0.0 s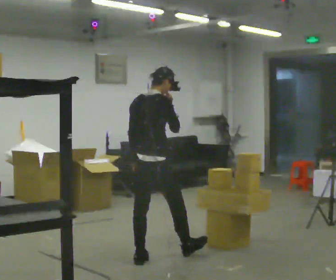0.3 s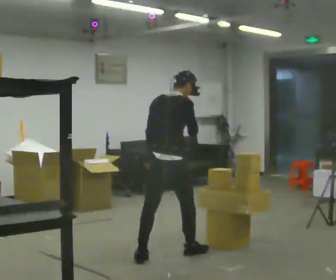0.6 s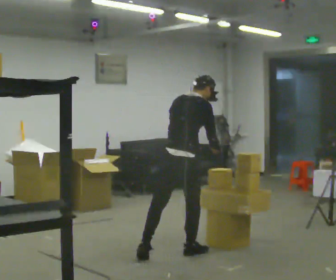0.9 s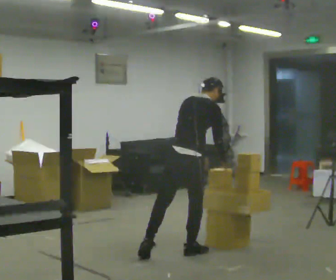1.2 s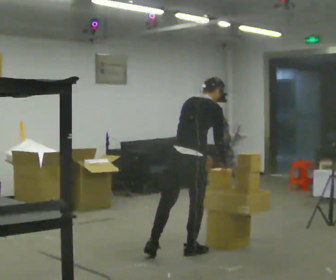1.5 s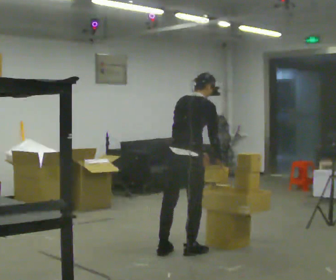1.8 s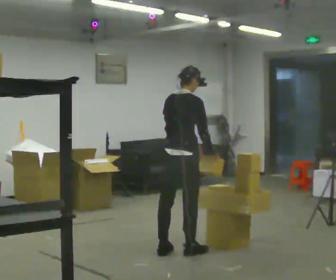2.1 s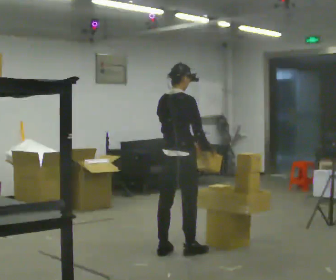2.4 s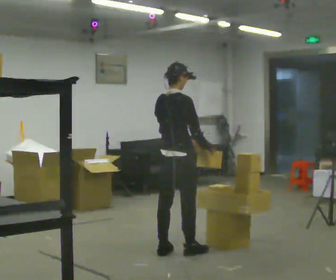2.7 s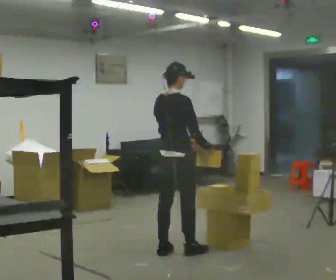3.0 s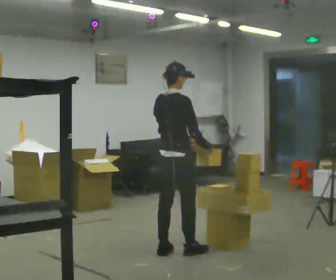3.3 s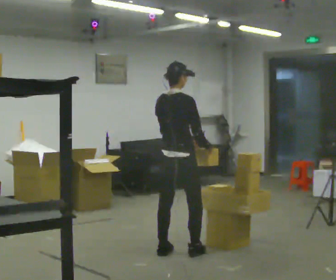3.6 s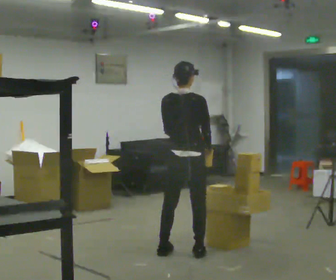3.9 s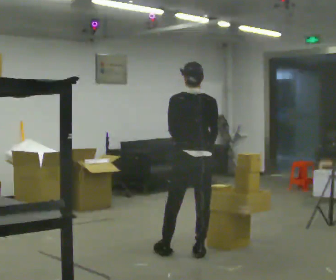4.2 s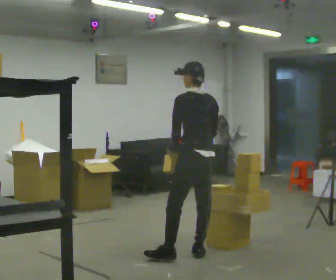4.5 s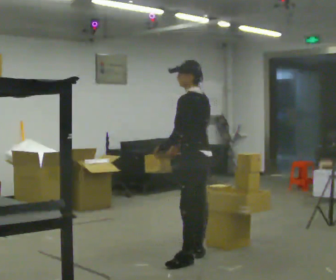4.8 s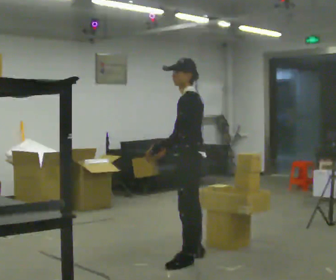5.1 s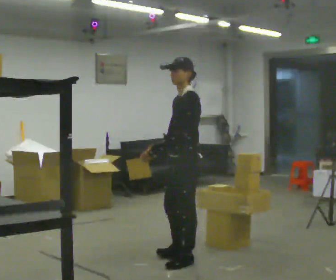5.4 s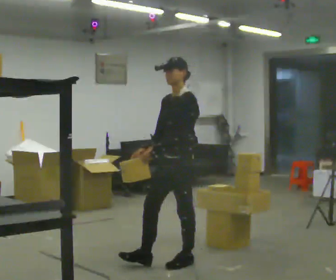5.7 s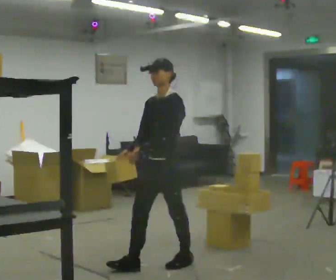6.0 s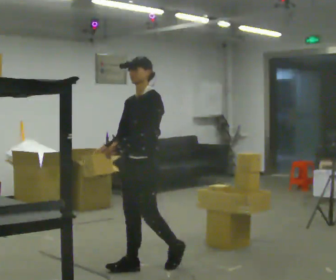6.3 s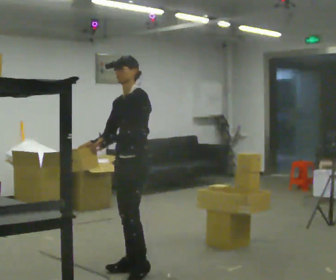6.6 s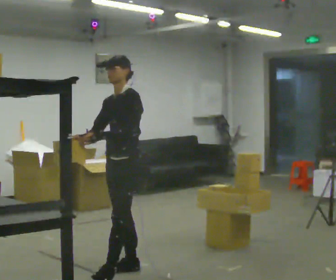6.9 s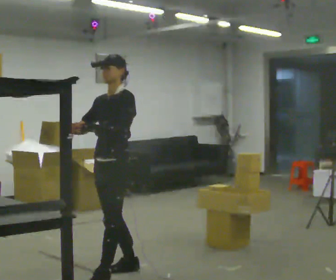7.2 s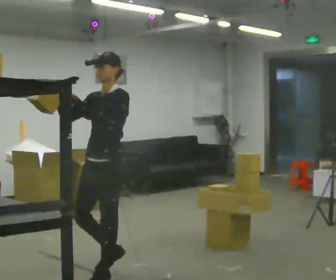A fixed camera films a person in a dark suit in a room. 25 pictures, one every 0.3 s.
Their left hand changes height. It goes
upward.
The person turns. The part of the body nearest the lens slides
to the right.
0.0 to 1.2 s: In the picture they go to the right, about 0.25 m in 1 step, which for them is forward and to their right. In the picture the upper body tilts clockwise, shoulders to the right, as they bend forward. In the picture their right hand goes downward.
1.2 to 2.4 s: In the picture the upper body tilts counterclockwise, shoulders to the left, as they lean back or straighten.
2.4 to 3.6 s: The person moves a little, or ends about where they began.
3.6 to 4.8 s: The part of the body nearest the lens slides to the right as the person turns to their left by about 90 degrees. In the picture they go toward the camera, about 0.25 m in 1 step.
4.8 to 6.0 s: The part of the body nearest the lens slides to the right as the person turns to their left by about 60 degrees. In the picture they go to the left, about 0.5 m in 1 step, which for them is forward.
6.0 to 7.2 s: In the picture they go to the left and toward the camera, about 0.5 m in 1 step, which for them is forward. In the picture their right hand goes upward.
The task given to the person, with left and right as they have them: Carry the object across the room and place it on the shelf just at the top of your comfortable reach. Keep going until the operator says stop; one object at a time, and do not rush between trips.
The film runs forward here.
